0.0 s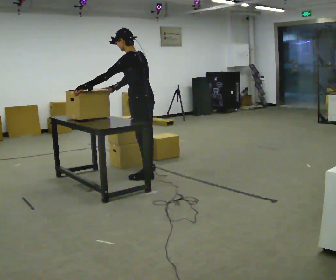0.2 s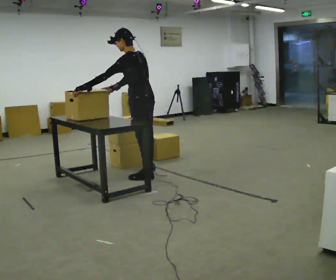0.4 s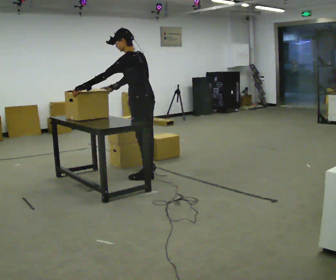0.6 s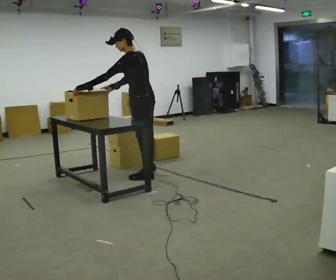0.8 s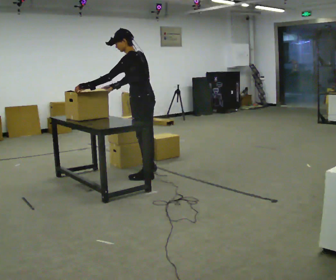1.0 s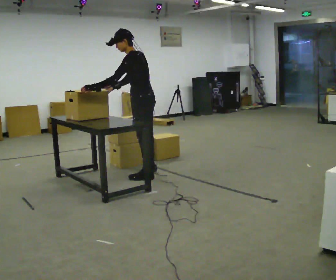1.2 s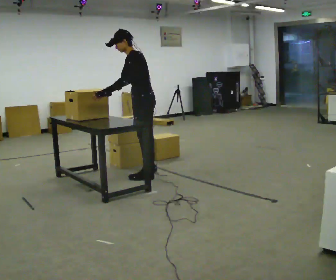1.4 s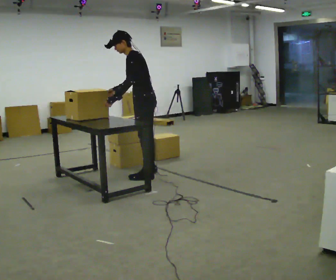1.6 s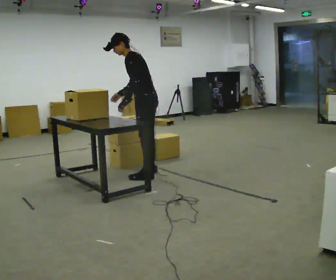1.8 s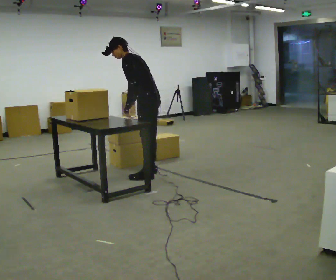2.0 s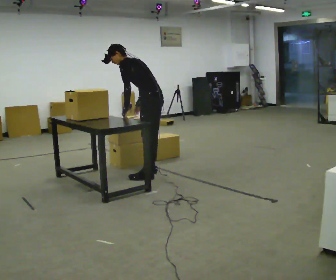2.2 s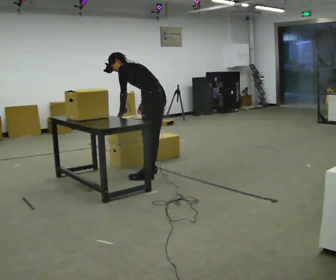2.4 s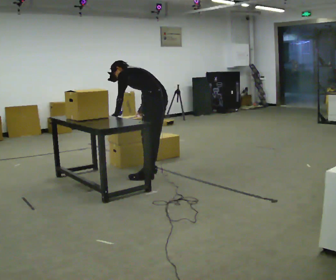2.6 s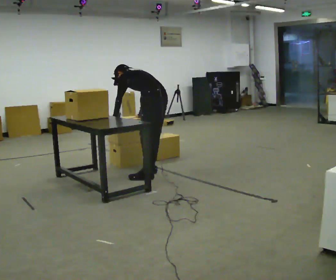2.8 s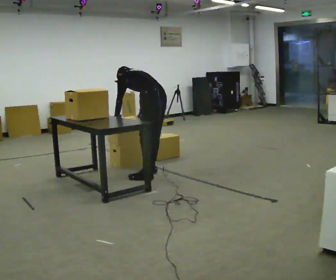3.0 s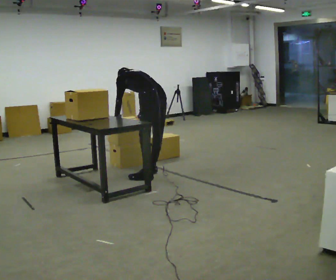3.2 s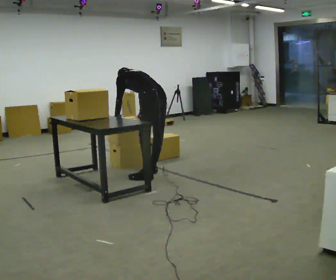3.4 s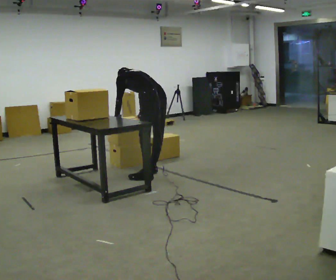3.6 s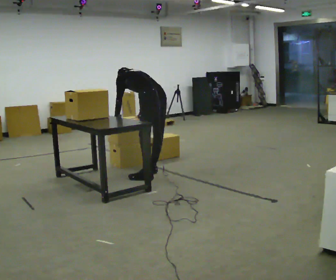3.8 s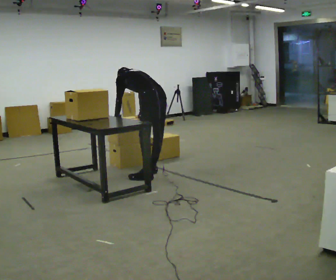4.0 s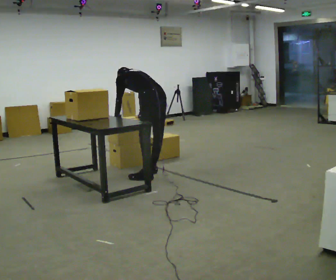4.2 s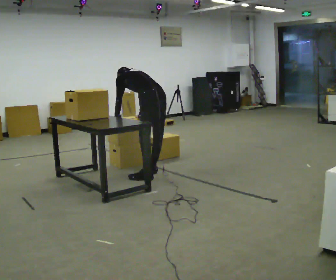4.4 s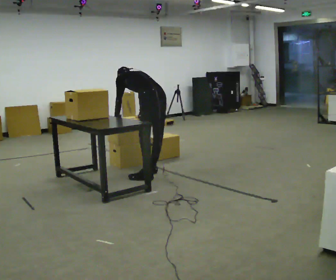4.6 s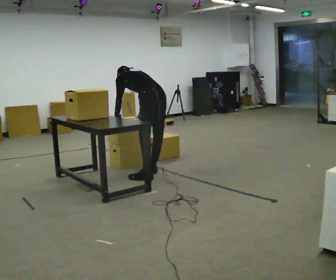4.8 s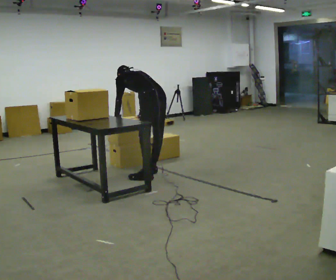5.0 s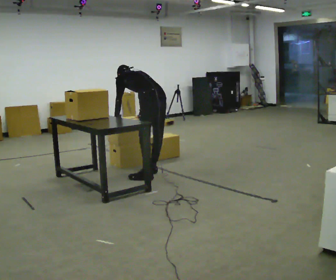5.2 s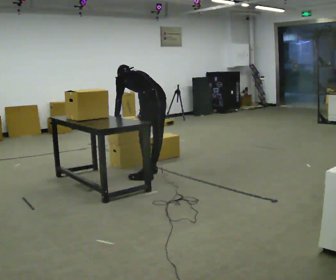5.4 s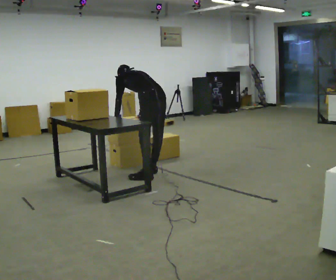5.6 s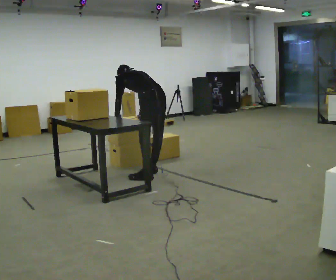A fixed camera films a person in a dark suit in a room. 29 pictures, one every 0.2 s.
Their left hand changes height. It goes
downward.
The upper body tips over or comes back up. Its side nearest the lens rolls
upward.
0.0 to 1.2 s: The person moves a little, or ends about where they began.
1.2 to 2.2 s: The upper body tips away from the camera, its near side rolling upward, as they bend forward. In the picture their right hand goes to the right, the arm swinging counterclockwise.
2.2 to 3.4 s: The upper body tips away from the camera, its near side rolling upward, as they bend forward.
3.4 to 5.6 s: The person keeps their place and pose.
The film runs backward here.
